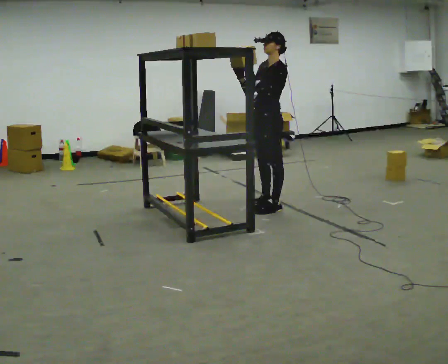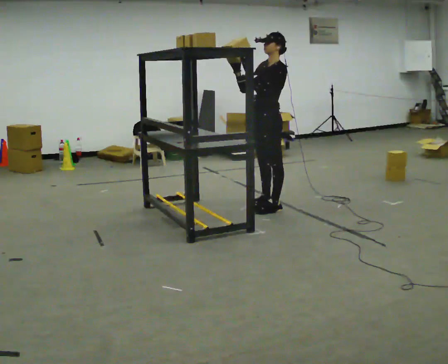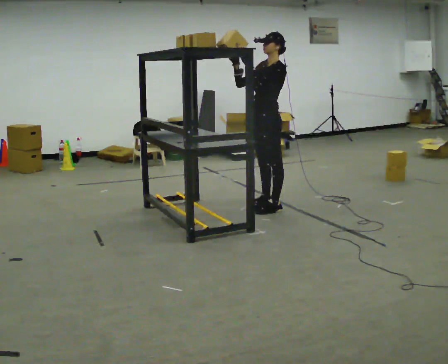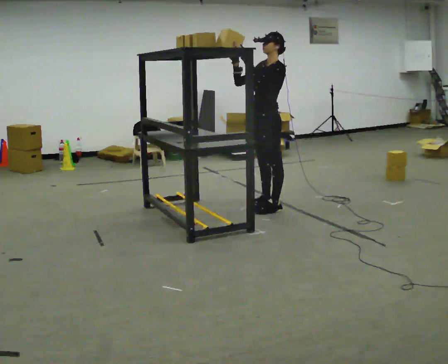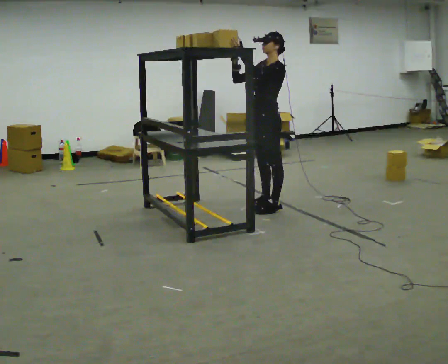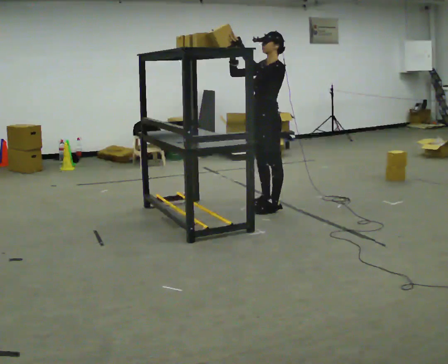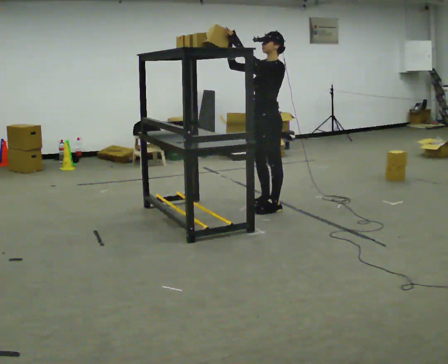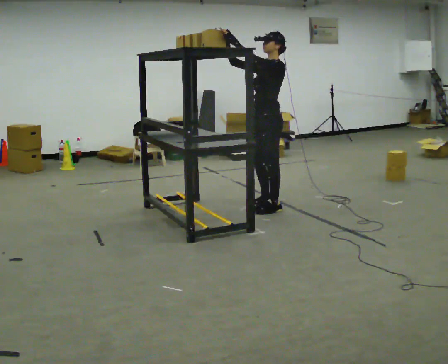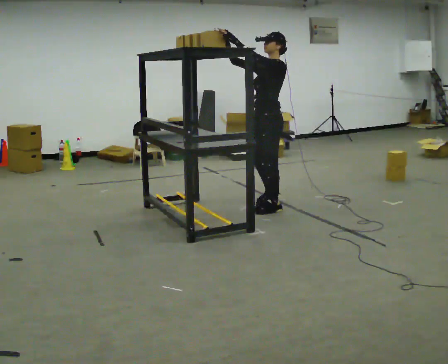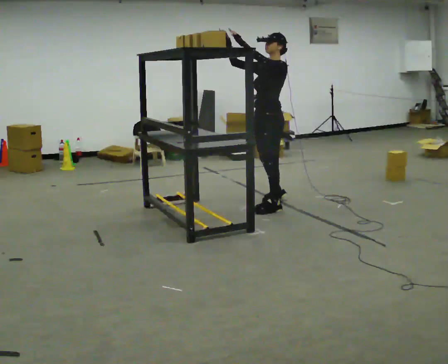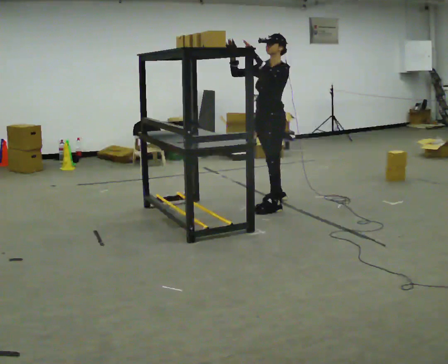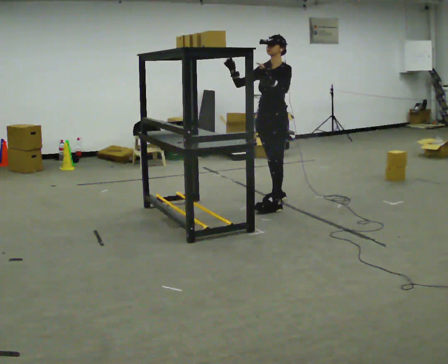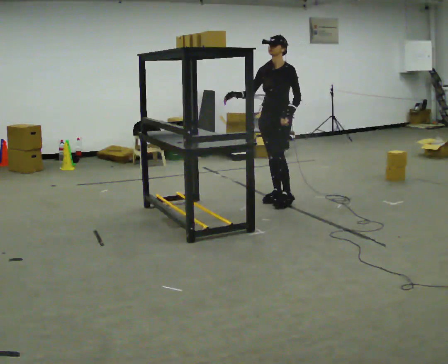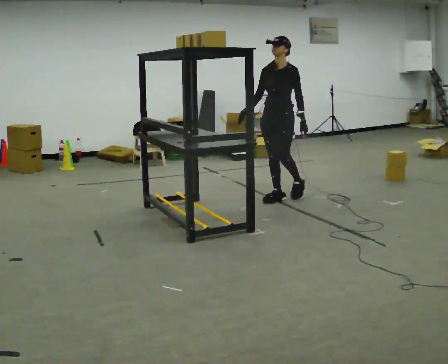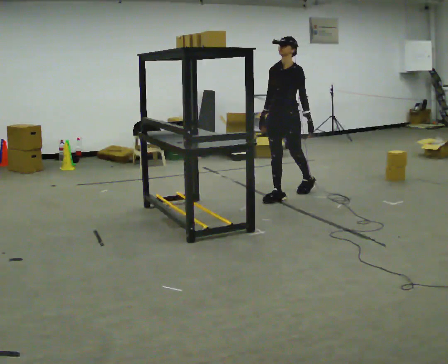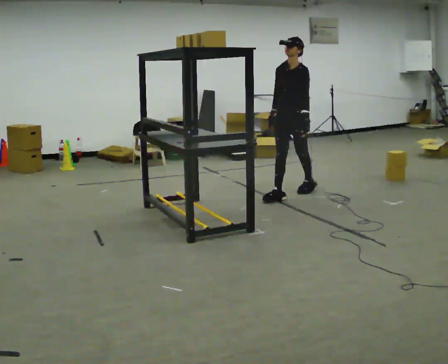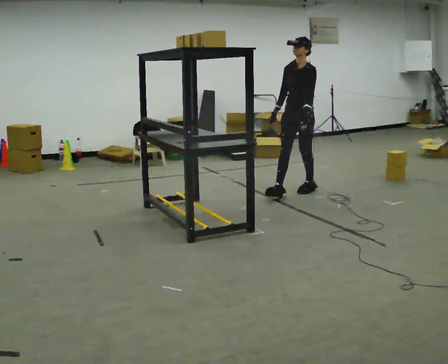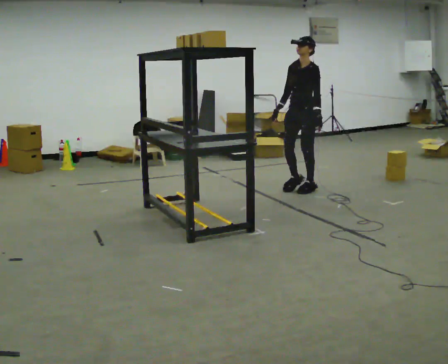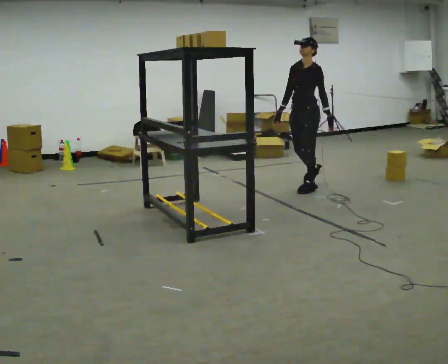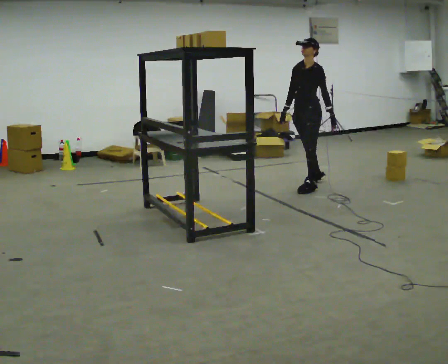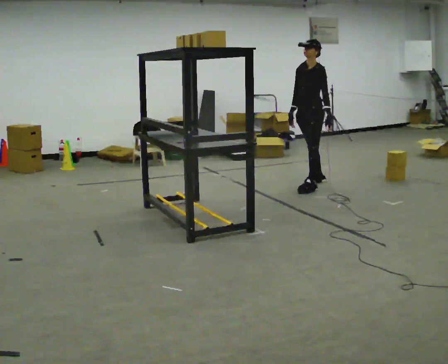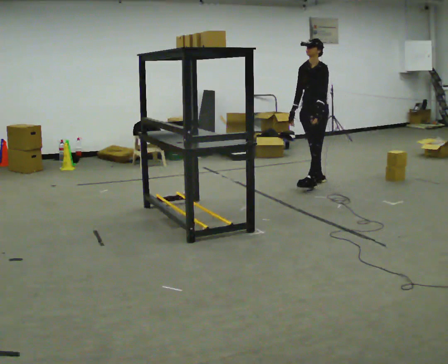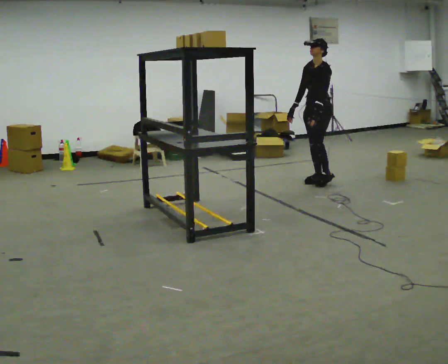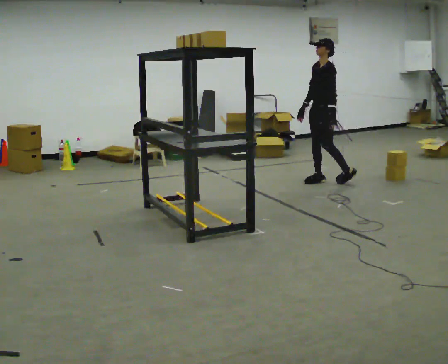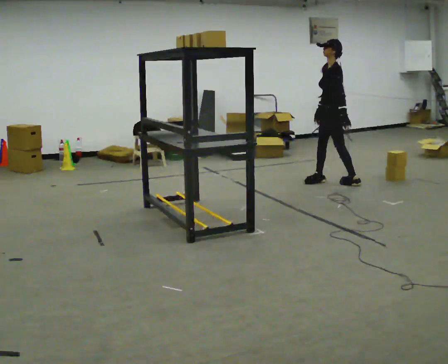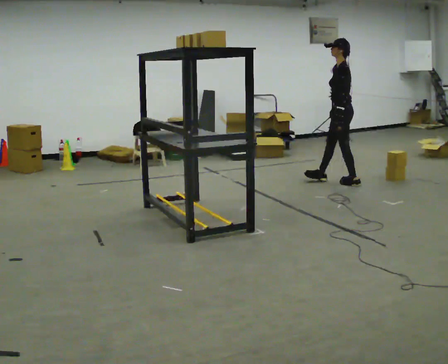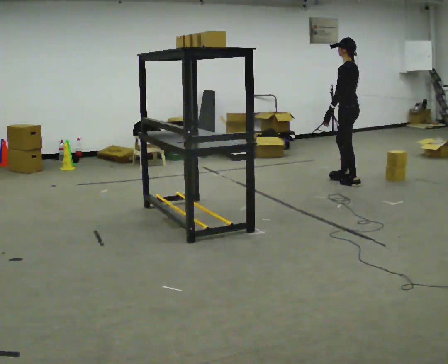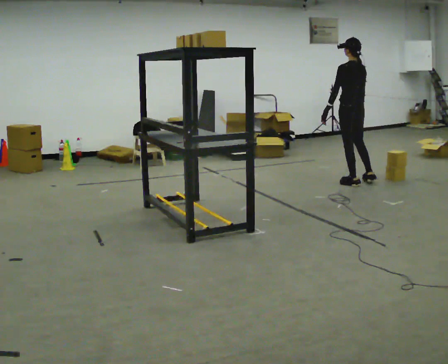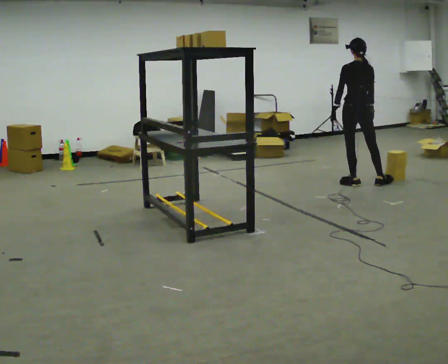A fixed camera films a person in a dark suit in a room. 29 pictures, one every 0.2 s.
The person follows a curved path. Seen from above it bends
clockwise.
0.0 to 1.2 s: The person moves a little, or ends about where they began.
1.2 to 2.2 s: In the picture they go away from the camera, about 0.25 m in 1 step, which for them is to their right and backward.
2.2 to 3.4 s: In the picture they go away from the camera and to the right, about 0.5 m in 2 steps, which for them is backward. In the picture their right hand goes downward, the arm swinging counterclockwise.
3.4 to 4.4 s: In the picture they go away from the camera and to the right, about 0.5 m in 1 step, which for them is backward and to their right.
4.4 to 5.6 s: The person turns about 135 degrees to their right, clockwise seen from above, so the part of the body nearest the lens slides to the left. In the picture they go to the right, about 0.5 m in 1 step.
The film runs backward here.
